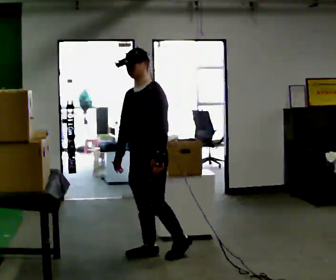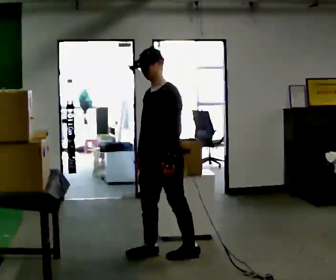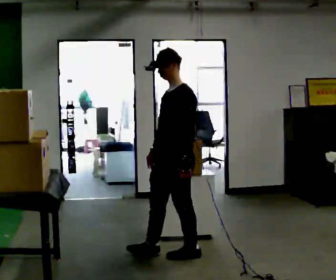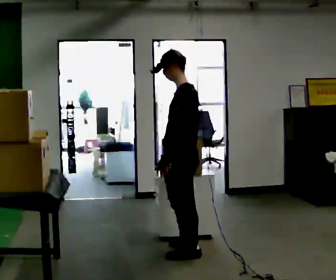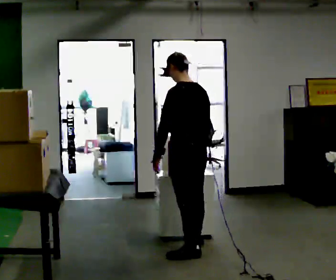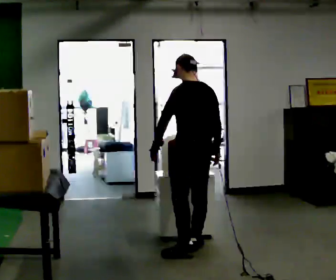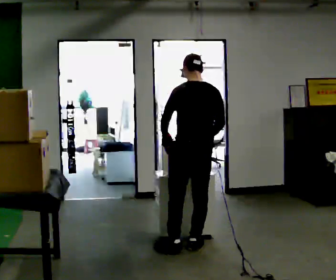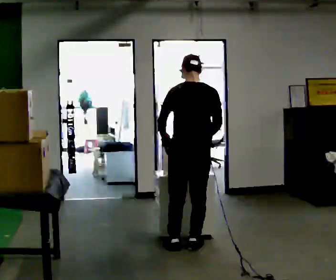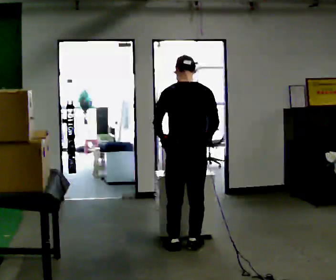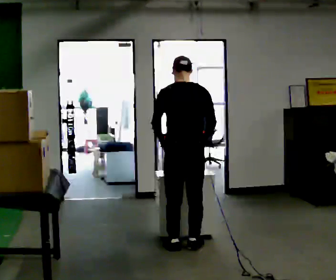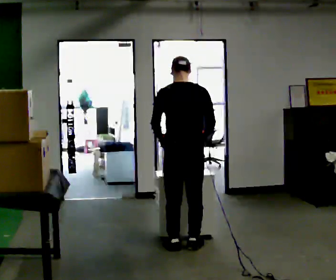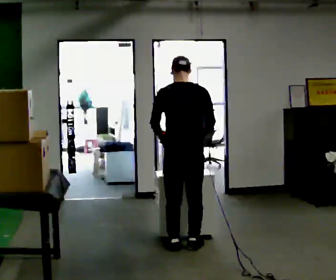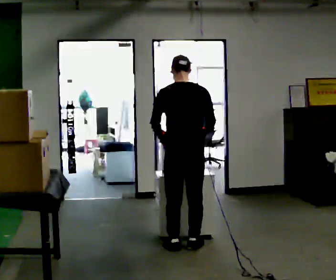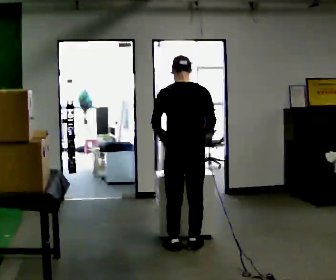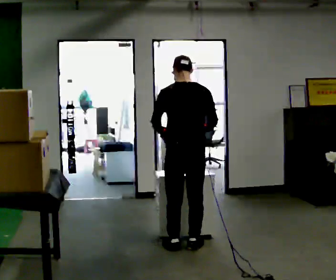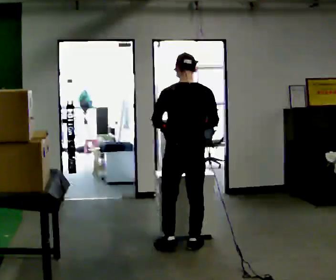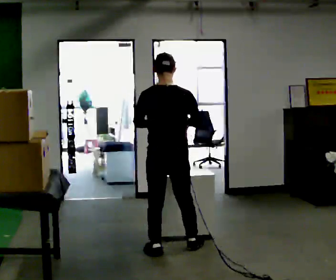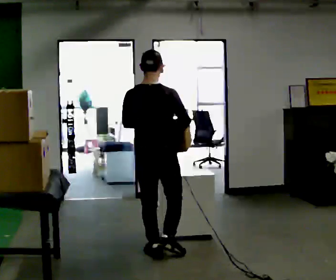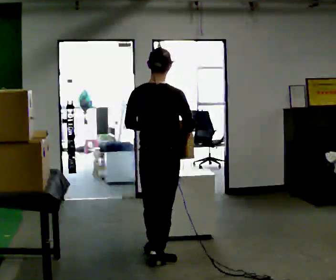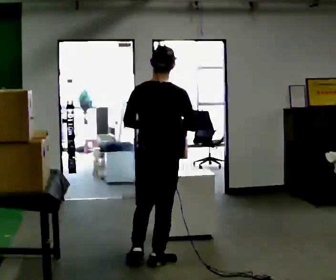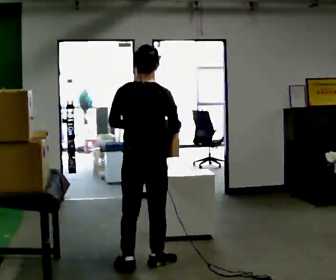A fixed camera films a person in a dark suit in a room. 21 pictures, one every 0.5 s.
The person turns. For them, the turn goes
to their right.
The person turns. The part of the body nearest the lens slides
to the left.
0.0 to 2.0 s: The part of the body nearest the lens slides to the left as the person turns to their right by about 90 degrees. In the picture they go to the right, about 0.25 m in 1 step.
2.0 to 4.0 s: The part of the body nearest the lens slides to the left as the person turns to their right by about 45 degrees. In the picture they go away from the camera, about 0.25 m in 1 step, which for them is forward.
4.0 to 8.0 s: In the picture they go to the left, about 0.25 m in 1 step, which for them is to their left.
8.0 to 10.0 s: In the picture they go toward the camera and to the left, about 0.5 m in 2 steps, which for them is backward.
The film runs backward here.
